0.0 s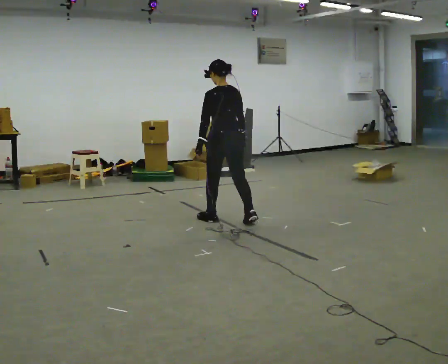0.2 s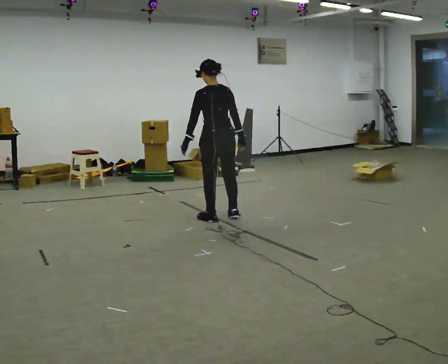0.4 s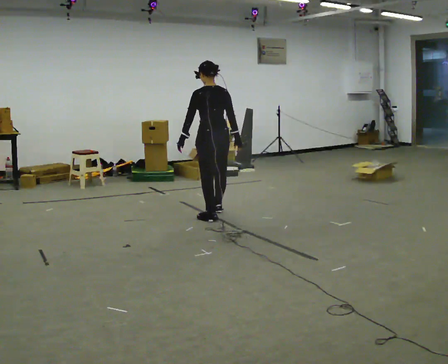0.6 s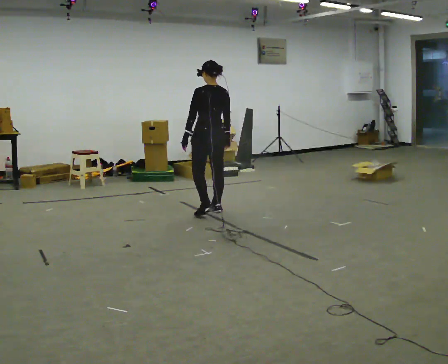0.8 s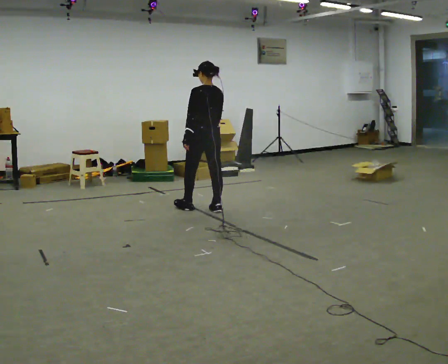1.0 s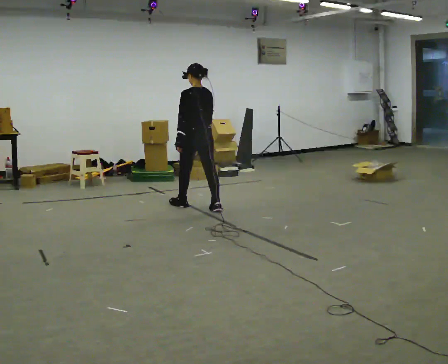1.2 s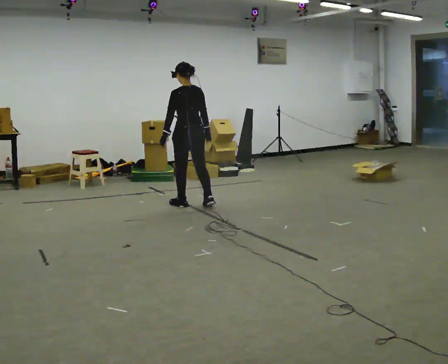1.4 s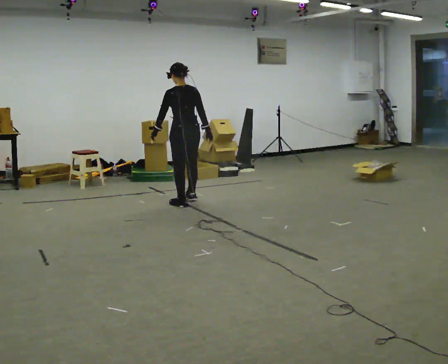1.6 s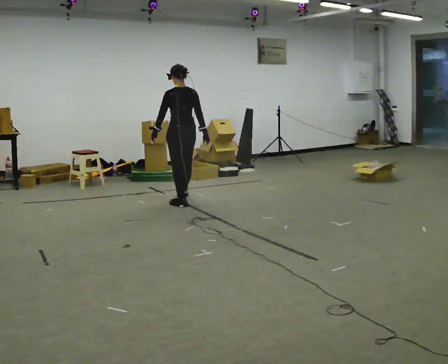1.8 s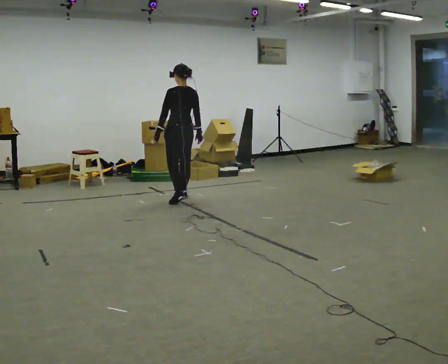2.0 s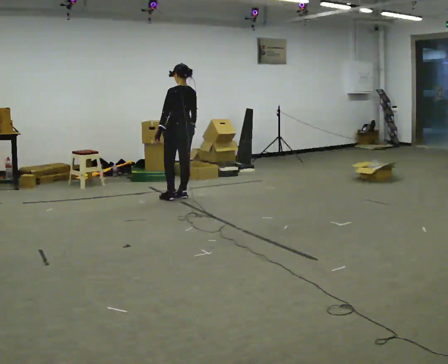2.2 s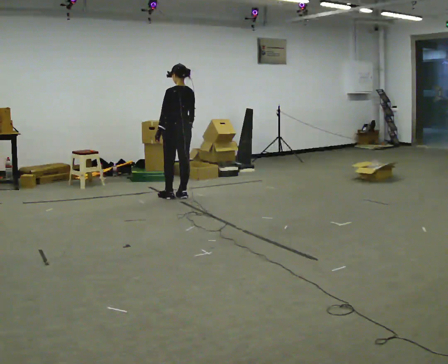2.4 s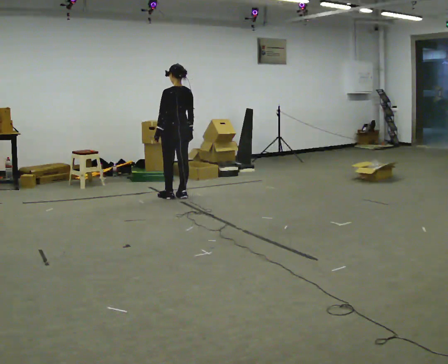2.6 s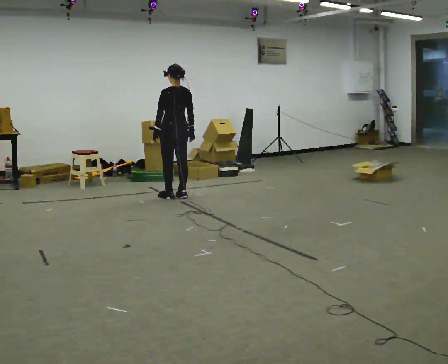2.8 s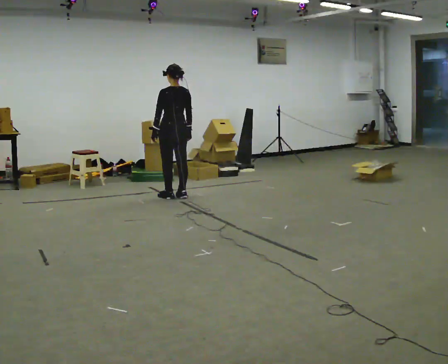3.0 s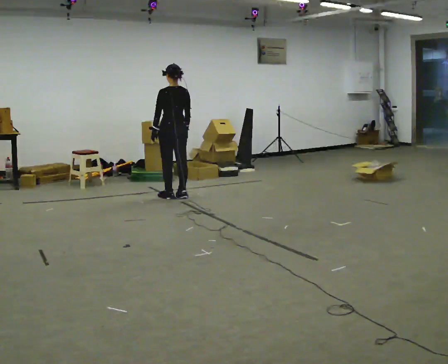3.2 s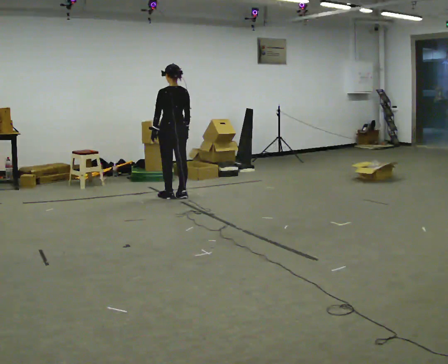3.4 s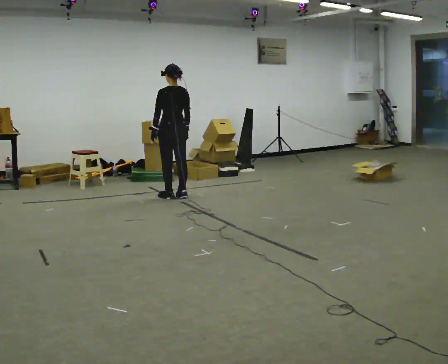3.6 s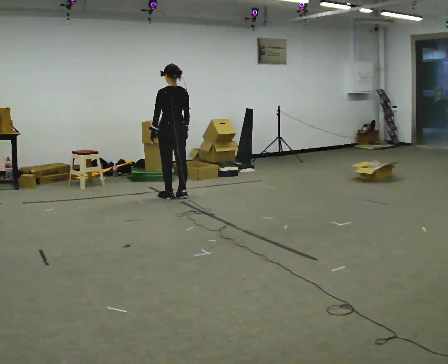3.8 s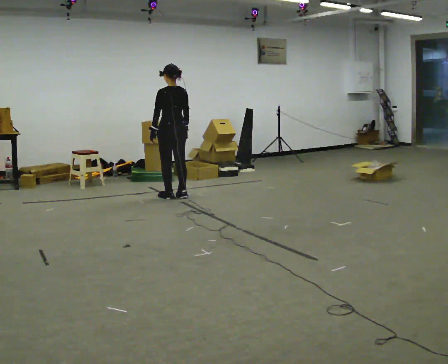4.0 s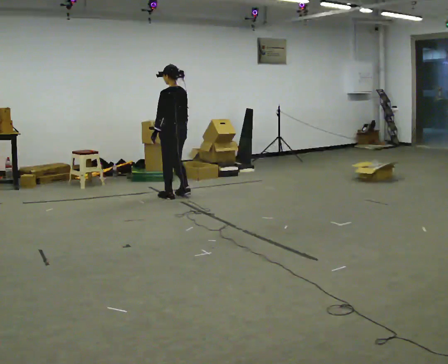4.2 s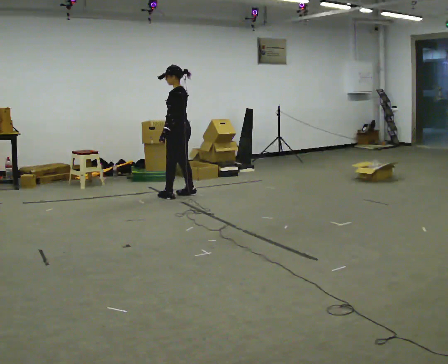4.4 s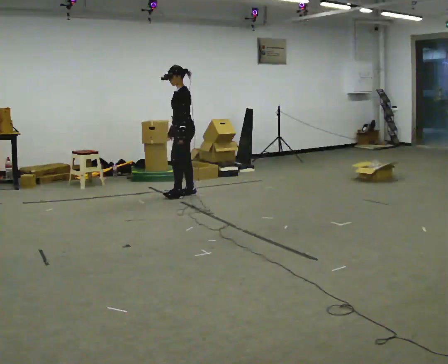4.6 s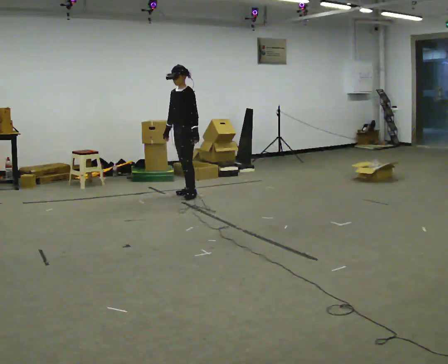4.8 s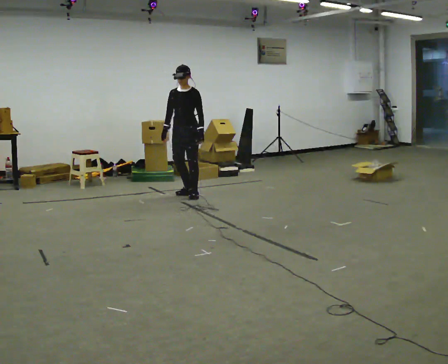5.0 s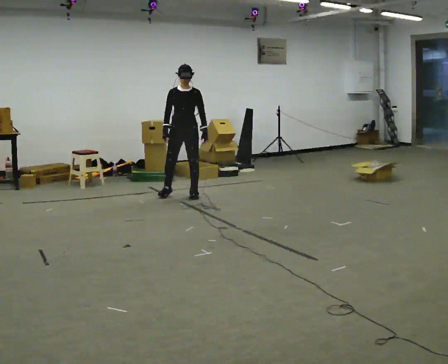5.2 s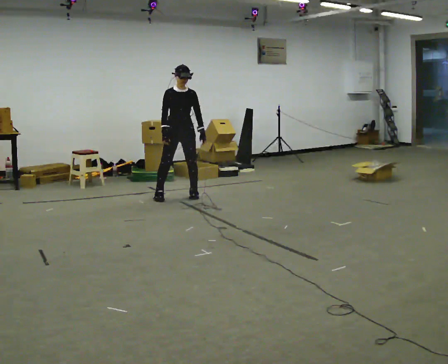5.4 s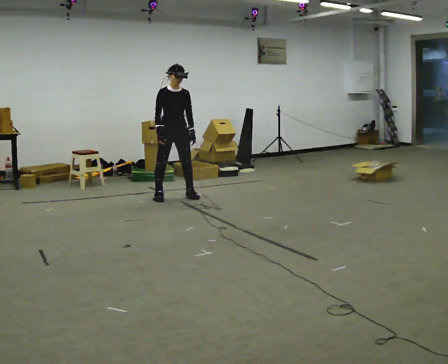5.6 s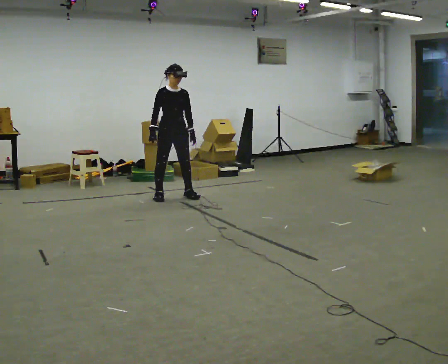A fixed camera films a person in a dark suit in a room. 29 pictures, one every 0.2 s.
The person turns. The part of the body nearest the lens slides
to the right.
The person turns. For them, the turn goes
to their left.
0.0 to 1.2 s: In the picture they go away from the camera and to the left, about 0.5 m in 2 steps, which for them is forward.
1.2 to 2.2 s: In the picture they go away from the camera, about 0.5 m in 2 steps, which for them is forward.
2.2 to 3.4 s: The person moves a little, or ends about where they began.
3.4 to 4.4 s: The person turns about 75 degrees to their left, counterclockwise seen from above, so the part of the body nearest the lens slides to the right. In the picture their left hand goes to the right.
4.4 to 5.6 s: The part of the body nearest the lens slides to the right as the person turns to their left by about 105 degrees. In the picture they go toward the camera, about 0.25 m in 2 steps.
The film runs forward here.
